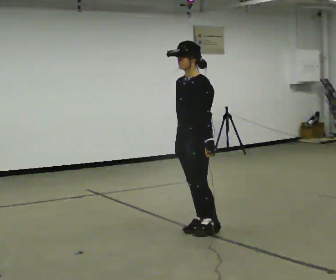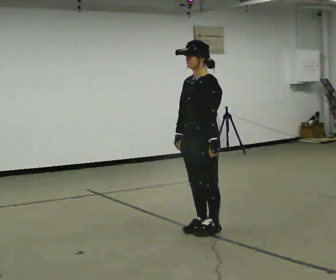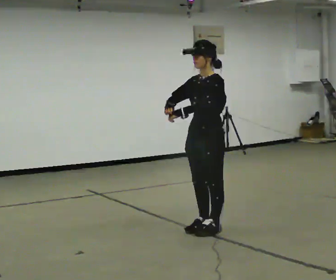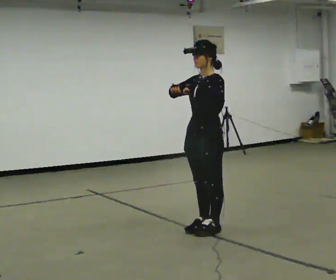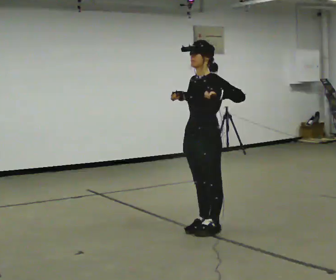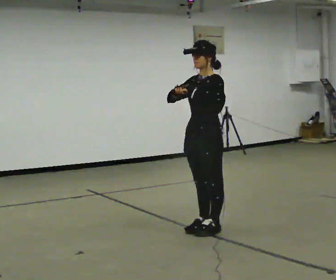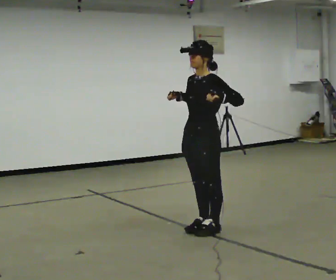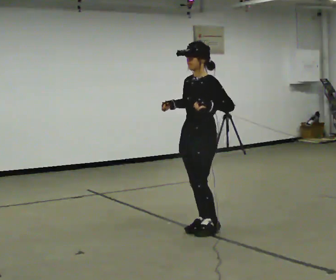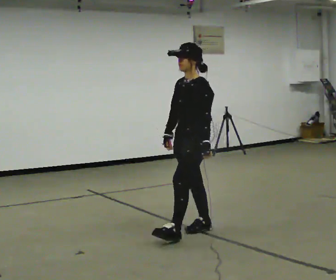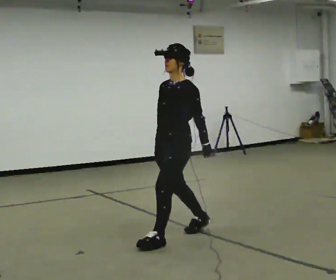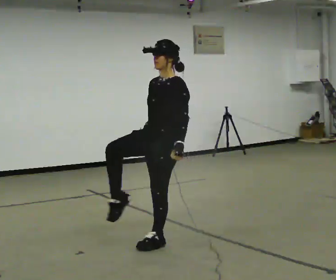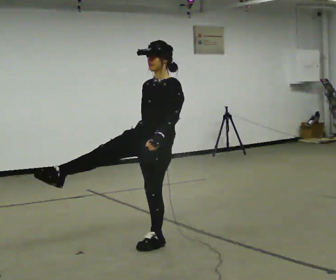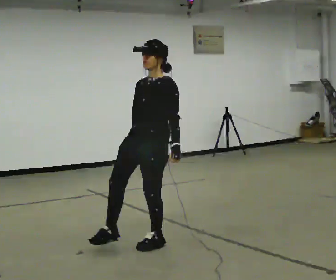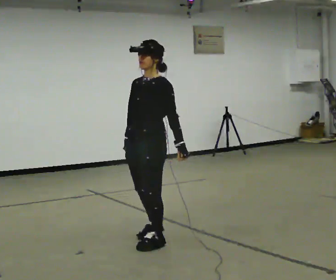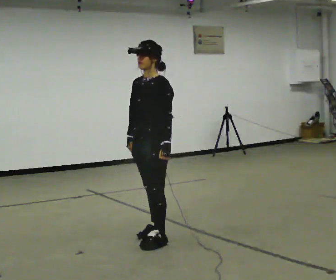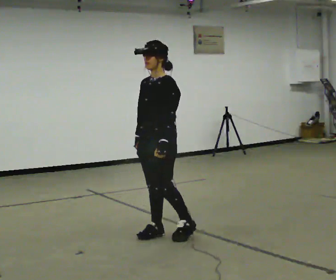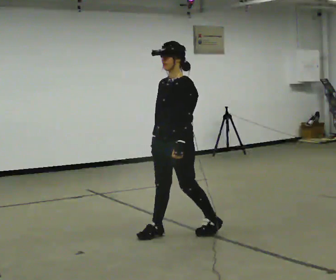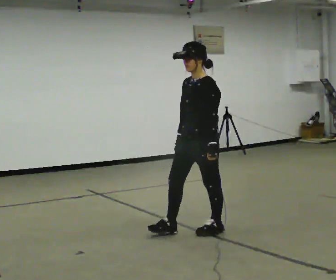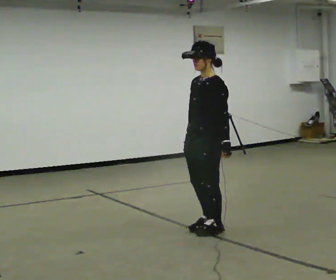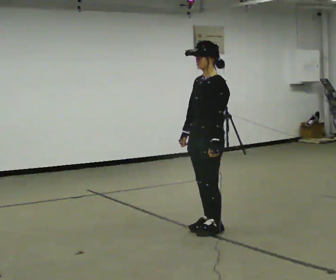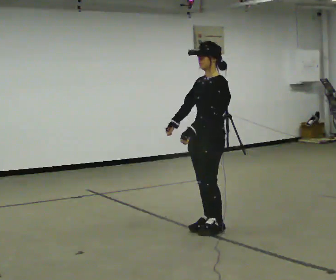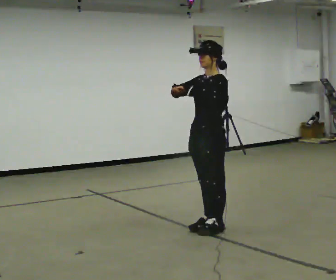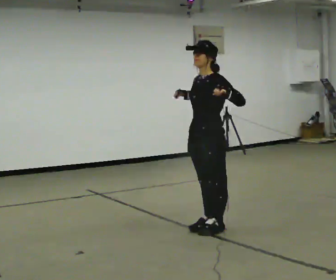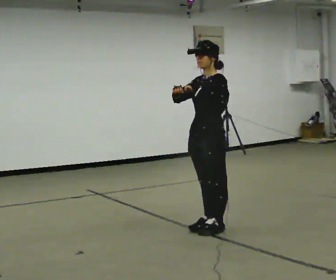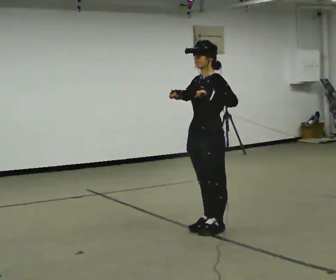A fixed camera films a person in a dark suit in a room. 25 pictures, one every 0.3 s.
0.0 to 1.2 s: In the picture their left hand goes upward.
1.2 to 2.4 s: In the picture their left hand goes downward.
2.4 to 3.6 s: In the picture they go to the left and toward the camera, about 0.5 m in 2 steps, which for them is forward.
3.6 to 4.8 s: In the picture they go away from the camera and to the right, about 0.25 m in 1 step, which for them is backward.
4.8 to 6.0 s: In the picture they go to the right, about 0.25 m in 2 steps, which for them is backward.
6.0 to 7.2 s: The person moves a little, or ends about where they began.
The film runs forward here.
